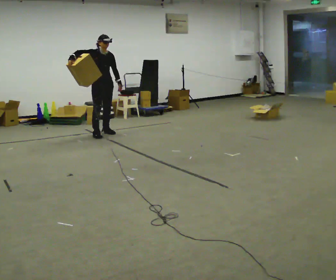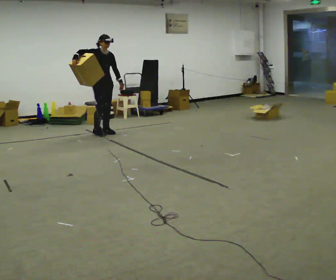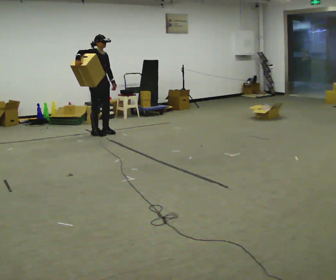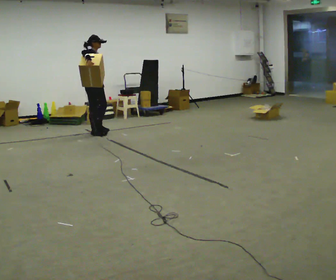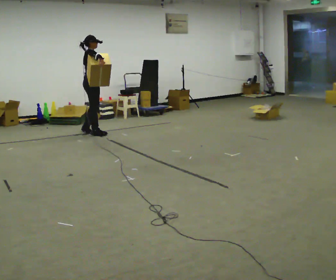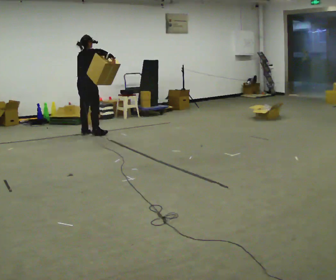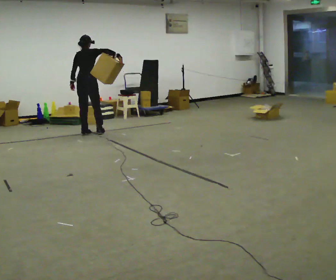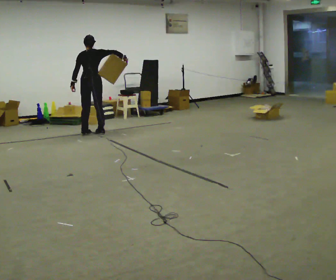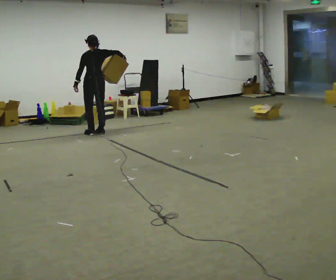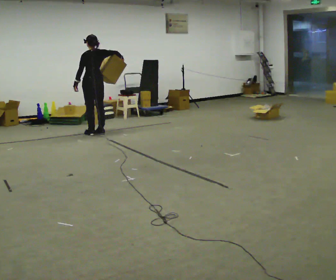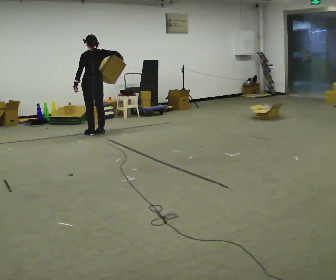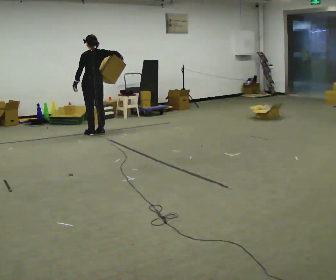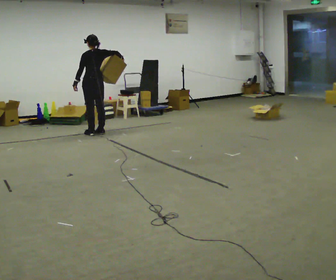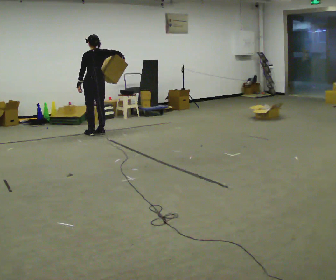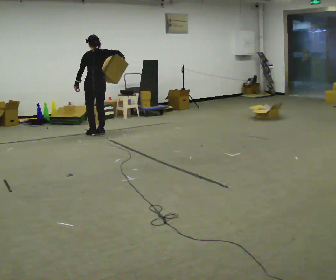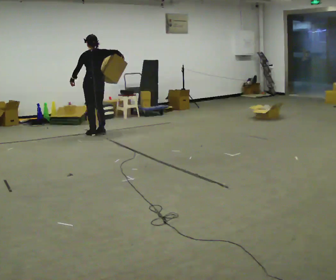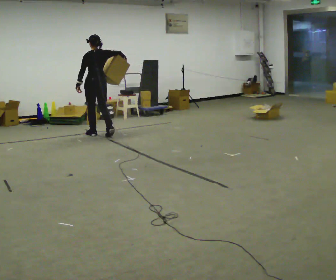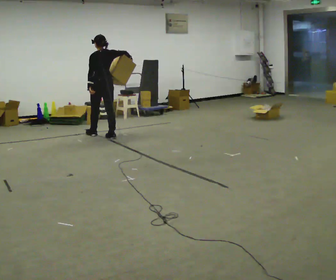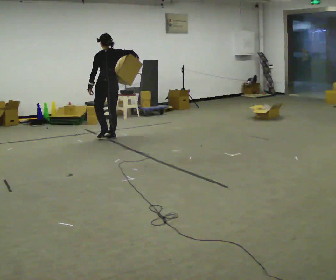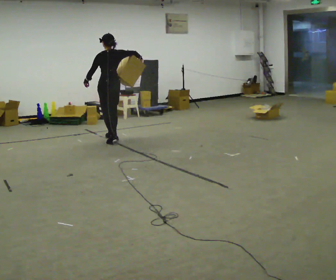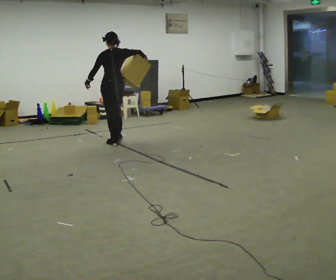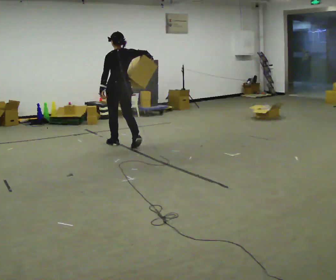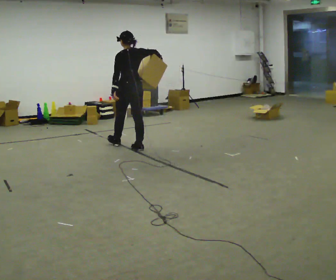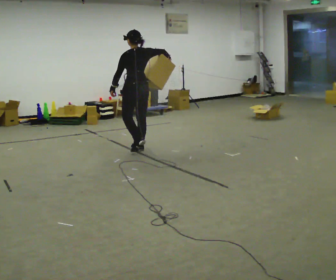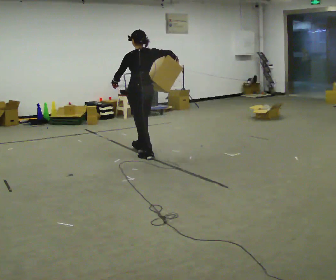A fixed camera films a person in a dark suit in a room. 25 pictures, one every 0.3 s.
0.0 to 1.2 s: The part of the body nearest the lens slides to the right as the person turns to their left by about 60 degrees. In the picture they go to the left, about 0.25 m in 1 step. In the picture their right hand goes to the right.
1.2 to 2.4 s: The person turns about 105 degrees to their left, counterclockwise seen from above, so the part of the body nearest the lens slides to the right. In the picture their right hand goes to the right.
2.4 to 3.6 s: The person moves a little, or ends about where they began.
3.6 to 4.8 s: In the picture they go toward the camera, about 0.25 m in 1 step, which for them is backward.
4.8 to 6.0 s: In the picture they go toward the camera and to the right, about 0.5 m in 2 steps, which for them is backward.
6.0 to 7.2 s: In the picture they go toward the camera and to the right, about 0.5 m in 1 step, which for them is backward.
The film runs backward here.
